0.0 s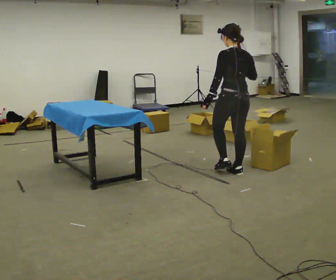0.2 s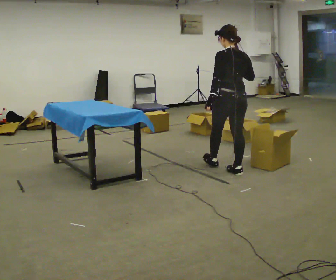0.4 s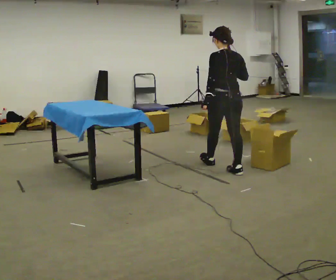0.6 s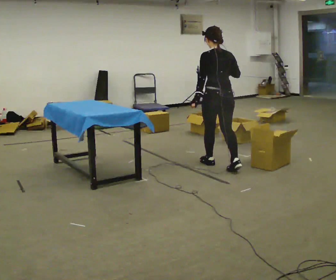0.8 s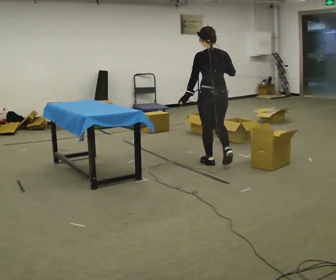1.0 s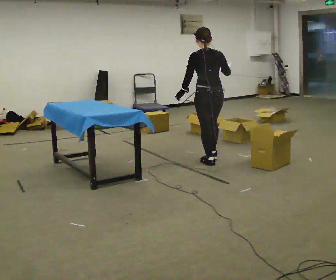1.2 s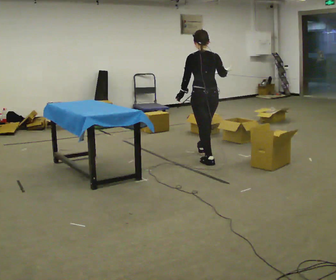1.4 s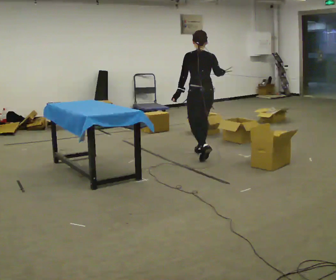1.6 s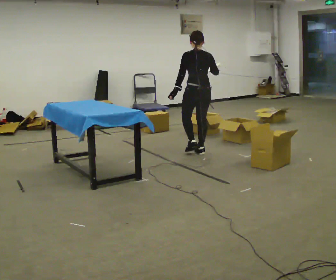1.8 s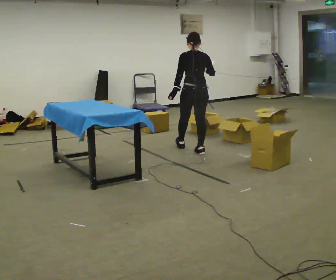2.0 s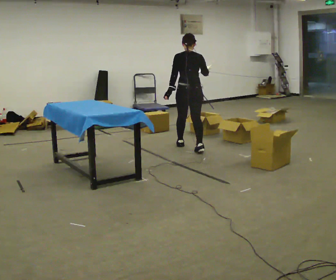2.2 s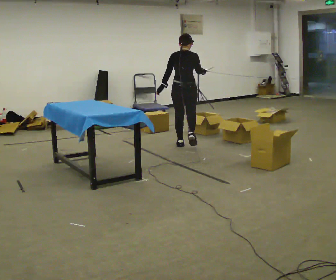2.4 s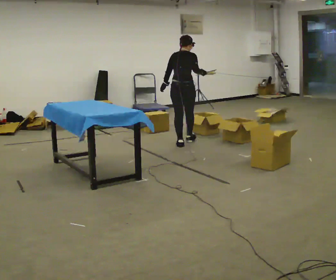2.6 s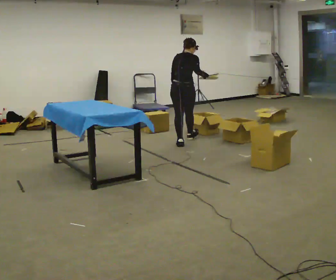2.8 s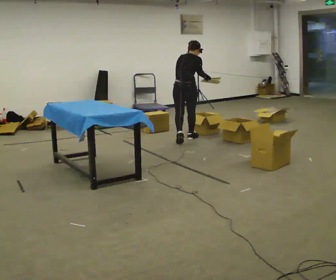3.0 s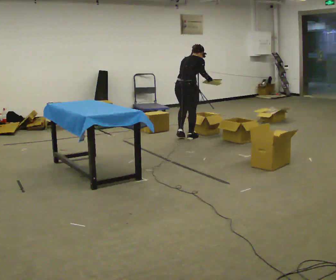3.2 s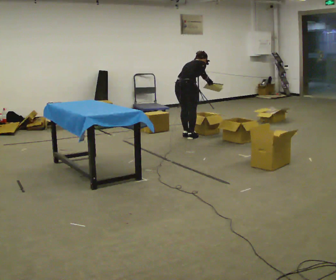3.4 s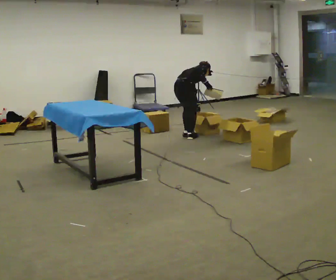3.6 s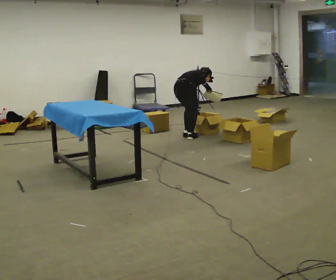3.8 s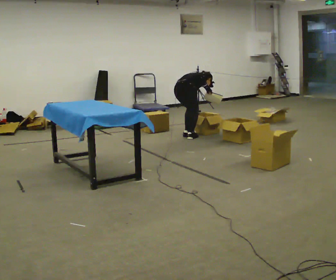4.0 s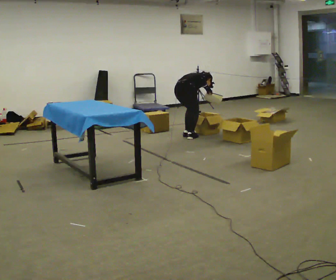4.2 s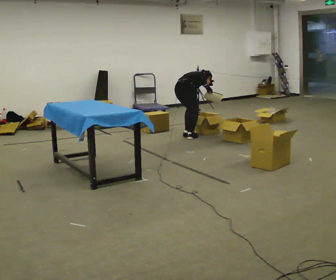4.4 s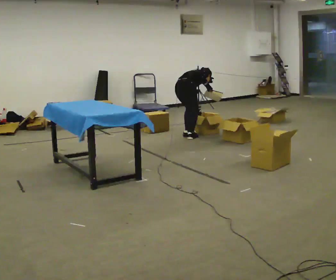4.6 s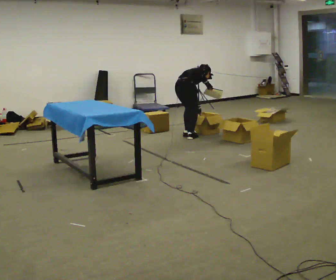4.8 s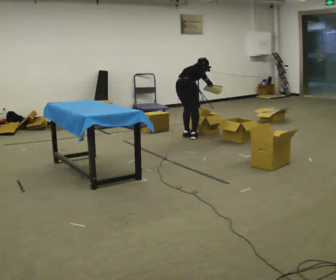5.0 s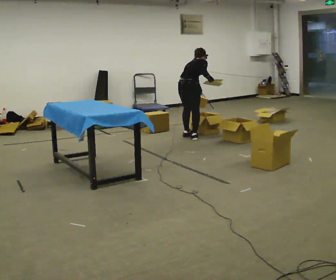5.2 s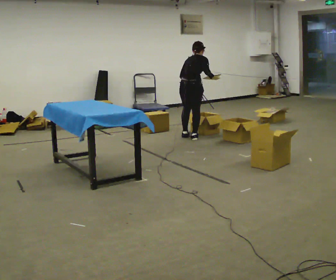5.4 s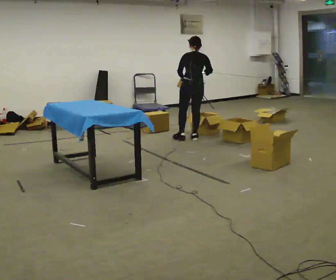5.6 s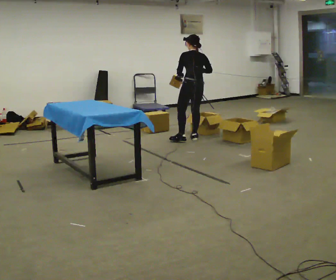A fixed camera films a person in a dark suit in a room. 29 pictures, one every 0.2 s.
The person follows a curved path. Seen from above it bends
clockwise.
The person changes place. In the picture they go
away from the camera.
0.0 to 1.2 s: In the picture they go away from the camera and to the left, about 0.75 m in 2 steps, which for them is forward.
1.2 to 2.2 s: In the picture they go away from the camera, about 0.5 m in 1 step, which for them is forward.
2.2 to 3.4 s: Seen from above the body turns clockwise, about 45 degrees: to their right, with its near side sliding to the left. In the picture they go away from the camera, about 0.5 m in 2 steps, which for them is forward. The shoulders move downward. In the picture the upper body tilts clockwise, shoulders to the right, as they bend forward. In the picture their left hand goes downward.
3.4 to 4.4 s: The person moves a little, or ends about where they began.
4.4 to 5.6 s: The person turns about 75 degrees to their left, counterclockwise seen from above, so the part of the body nearest the lens slides to the right. The upper body goes upward. In the picture the upper body tilts counterclockwise, shoulders to the left, as they lean back or straighten.
The film runs forward here.
